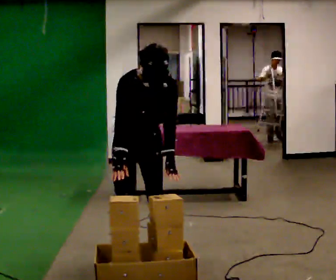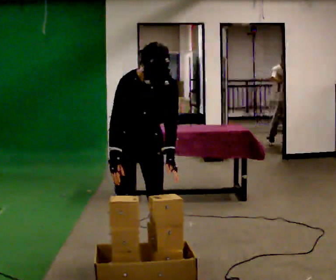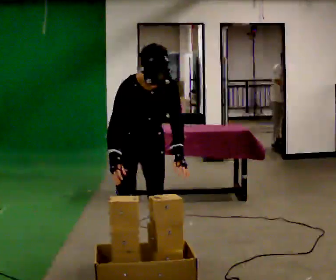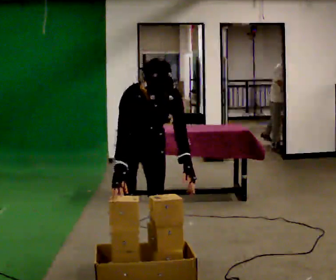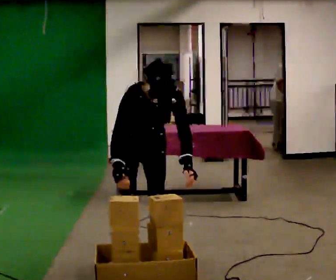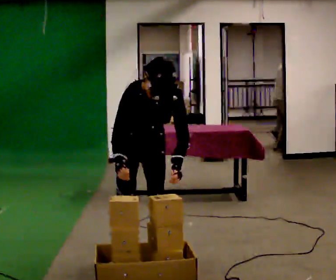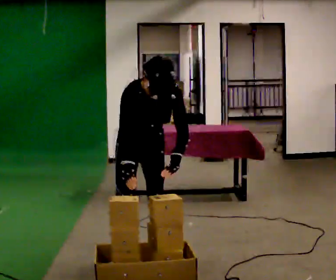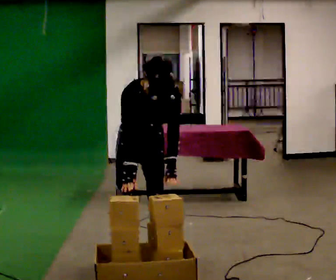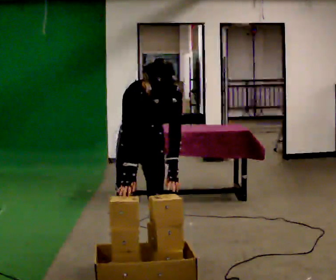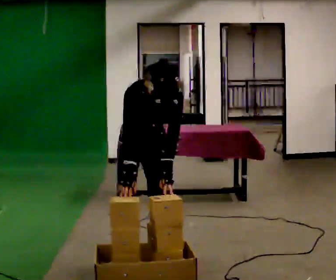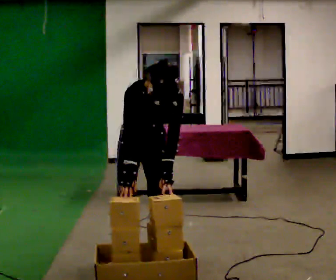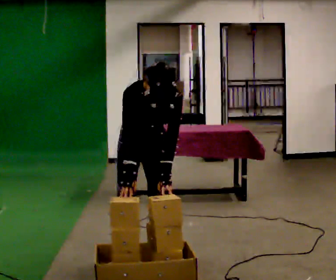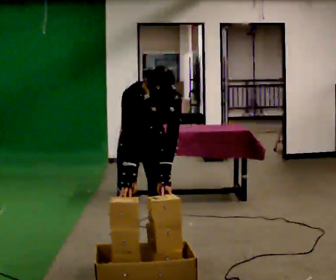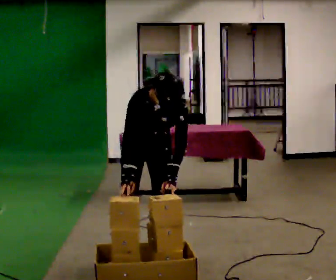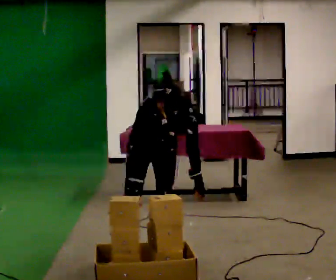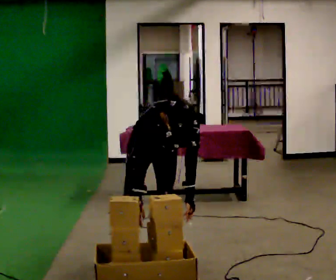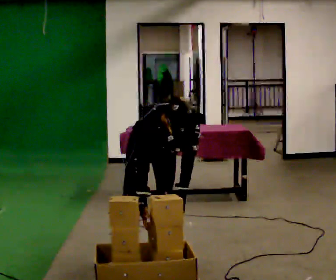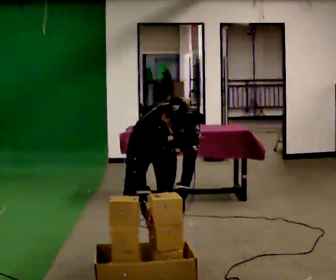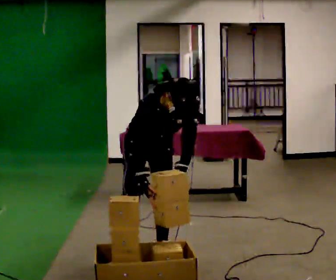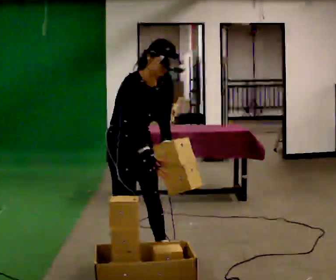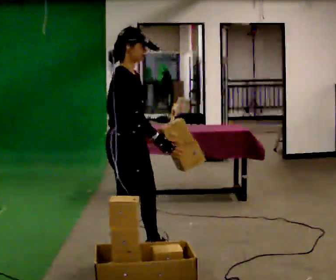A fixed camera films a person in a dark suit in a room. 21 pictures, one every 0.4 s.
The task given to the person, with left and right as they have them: Carry the object across the room, open the lid of the container, put the object inside, and close the lid again. Then go back for the next one. Keep going until the operator says stop; one object at a time, and do not rush between trips.
0.0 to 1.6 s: The upper body tips toward the camera, its near side rolling downward, as they bend forward.
1.6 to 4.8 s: The person moves a little, or ends about where they began.
4.8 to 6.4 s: The shoulders move downward. The upper body tips toward the camera, its near side rolling downward, as they bend forward.
6.4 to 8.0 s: Seen from above the body turns counterclockwise, about 60 degrees: to their left, with its near side sliding to the right. In the picture they go to the left, about 0.25 m. The upper body goes upward. The upper body tips away from the camera, its near side rolling upward, as they lean back or straighten. In the picture their right hand goes upward, the arm swinging counterclockwise.
The film runs forward here.
